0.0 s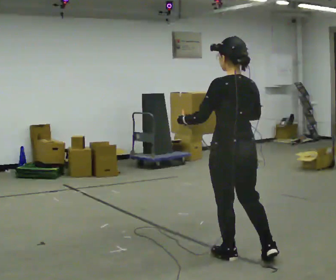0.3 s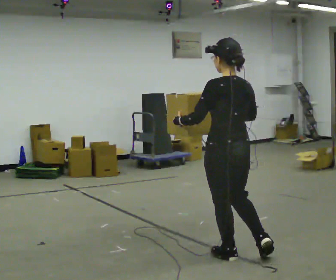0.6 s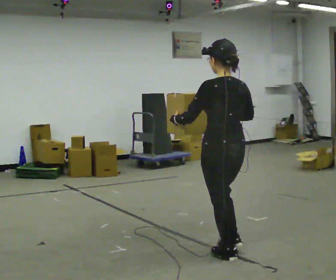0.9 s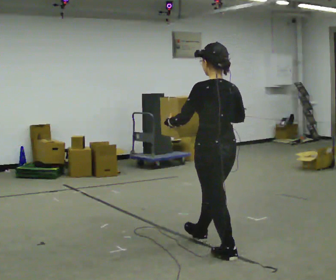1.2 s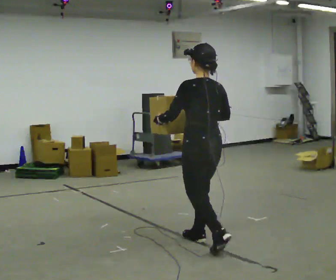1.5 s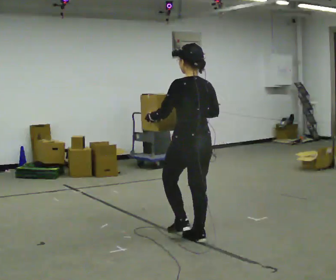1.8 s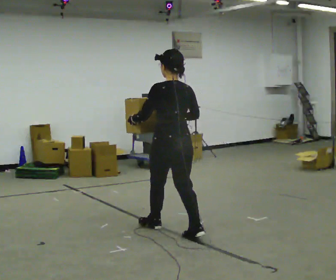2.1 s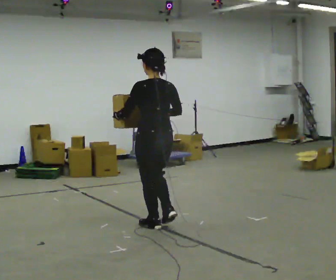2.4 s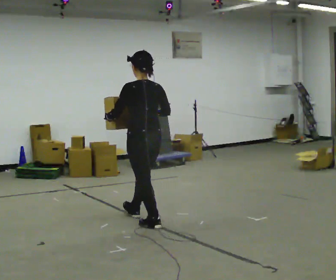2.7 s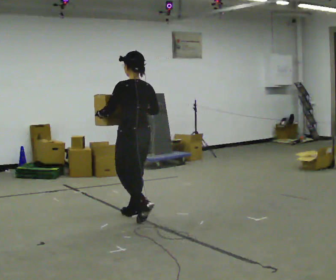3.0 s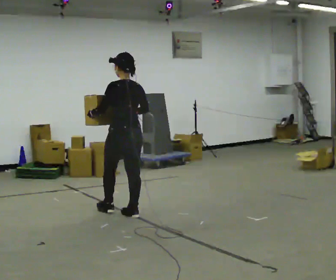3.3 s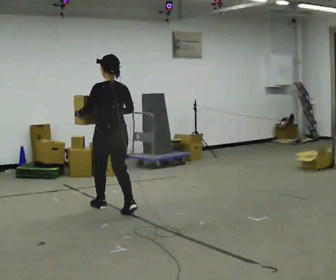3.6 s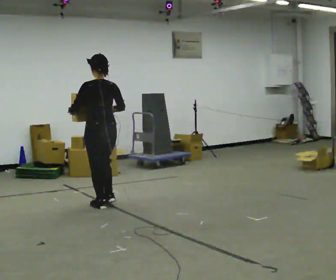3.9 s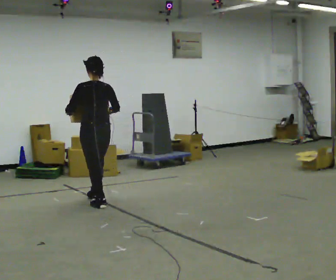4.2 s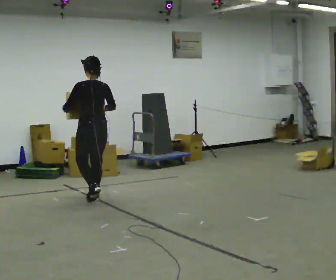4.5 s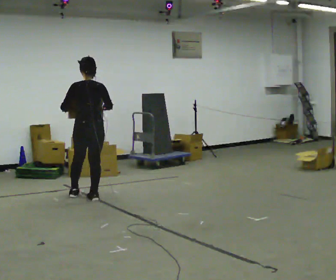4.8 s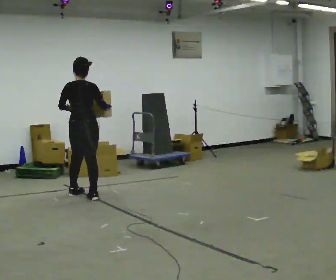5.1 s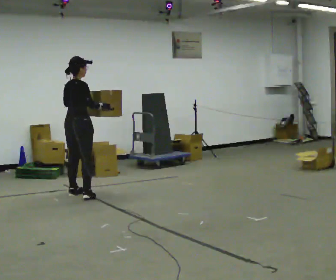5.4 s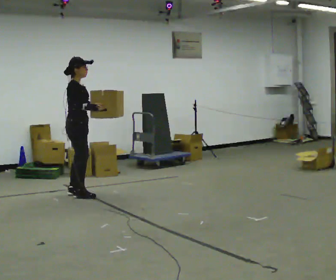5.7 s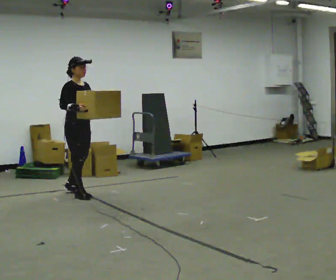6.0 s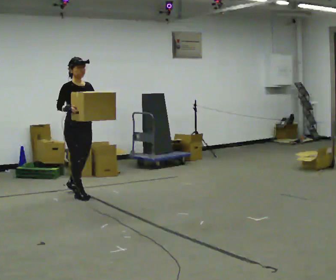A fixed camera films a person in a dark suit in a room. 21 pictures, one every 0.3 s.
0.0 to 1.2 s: In the picture they go away from the camera and to the left, about 0.5 m in 1 step, which for them is forward.
1.2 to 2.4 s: In the picture they go away from the camera and to the left, about 1 m in 1 step, which for them is forward.
2.4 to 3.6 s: In the picture they go away from the camera and to the left, about 1 m in 2 steps, which for them is forward.
3.6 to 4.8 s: Seen from above the body turns clockwise, about 30 degrees: to their right, with its near side sliding to the left. In the picture they go away from the camera and to the left, about 0.5 m in 2 steps, which for them is forward.
4.8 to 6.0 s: The person turns about 120 degrees to their right, clockwise seen from above, so the part of the body nearest the lens slides to the left. In the picture their left hand goes to the right.
The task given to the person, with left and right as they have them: Carry the heavy box in both hands in front of you, walking back and forth across the room. Keep walking until the operator says stop. Set it down if you need a rest.
The film runs forward here.
